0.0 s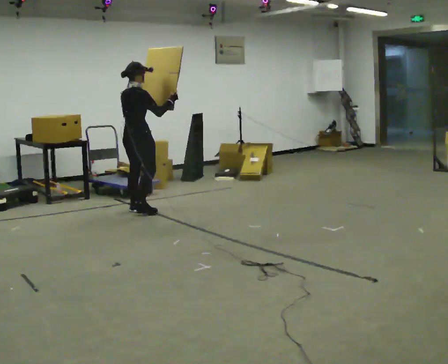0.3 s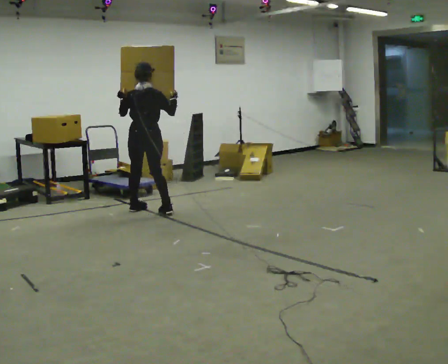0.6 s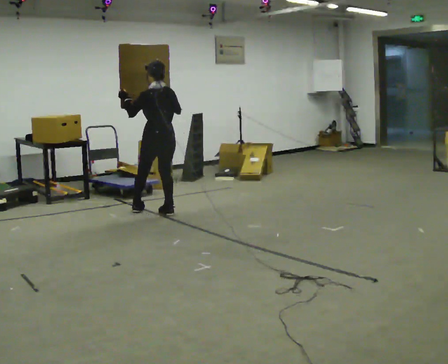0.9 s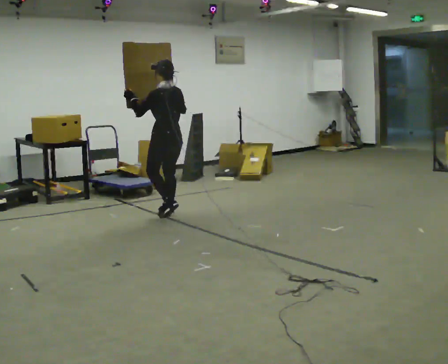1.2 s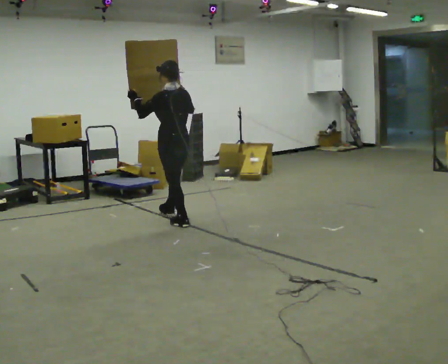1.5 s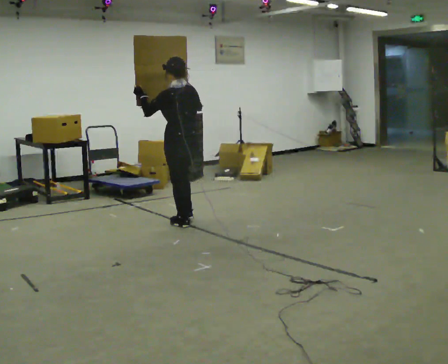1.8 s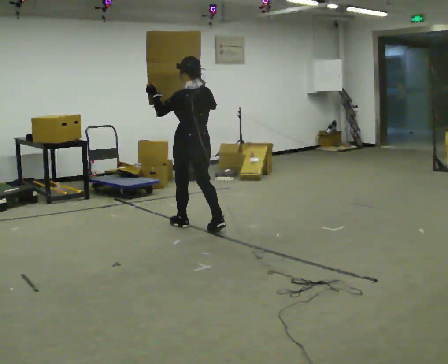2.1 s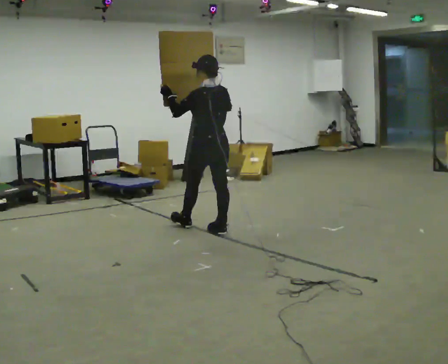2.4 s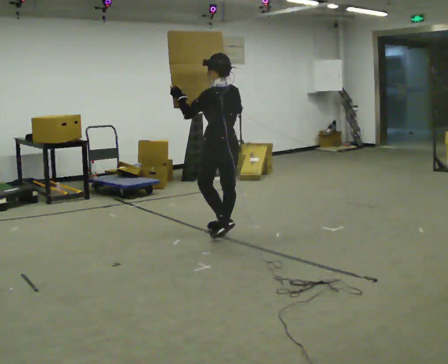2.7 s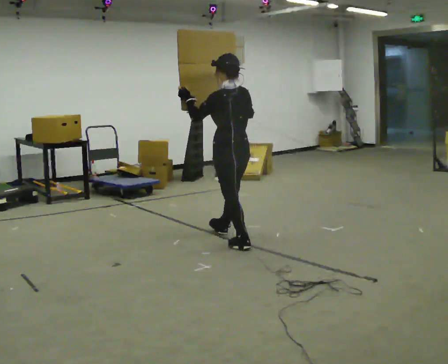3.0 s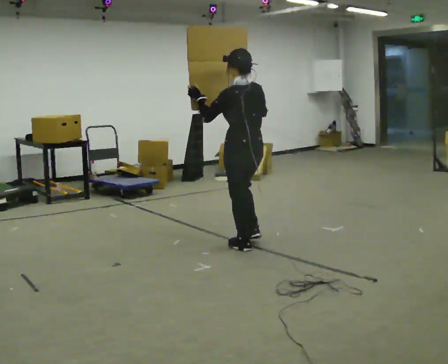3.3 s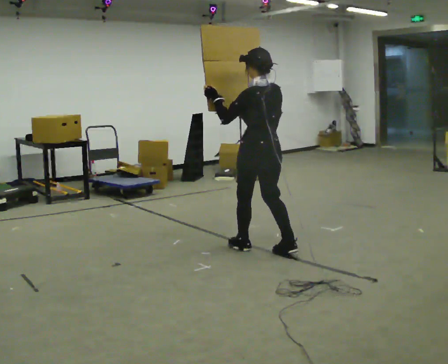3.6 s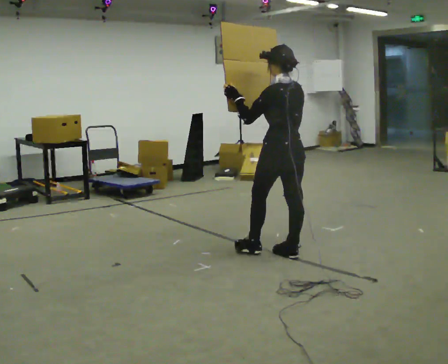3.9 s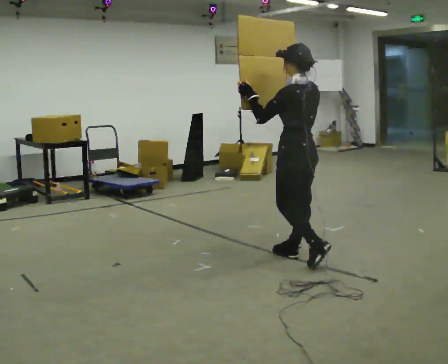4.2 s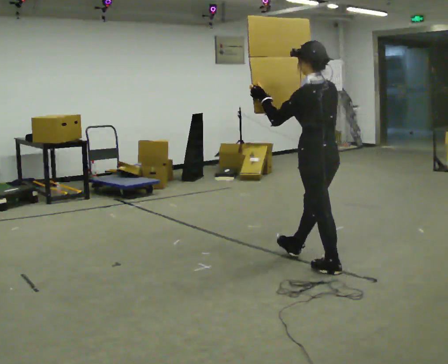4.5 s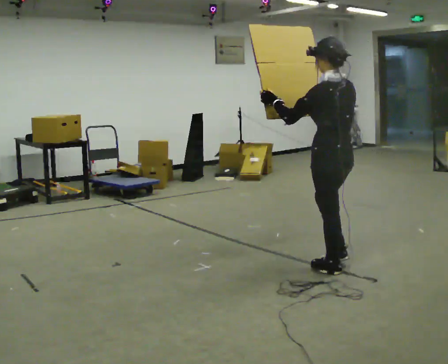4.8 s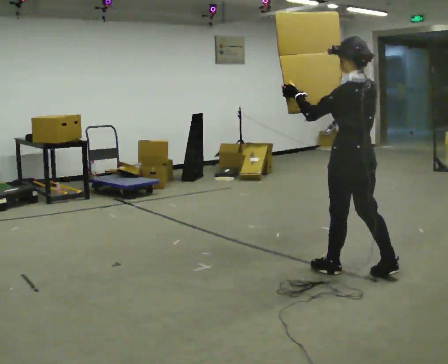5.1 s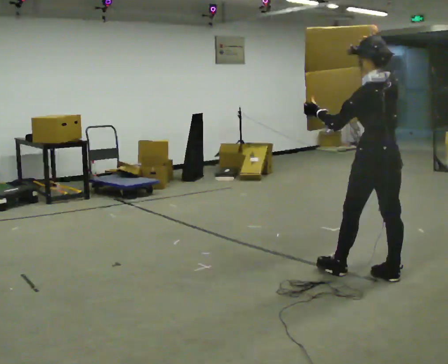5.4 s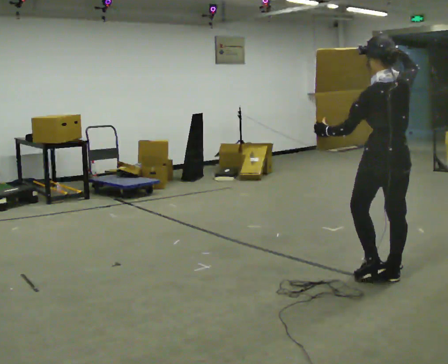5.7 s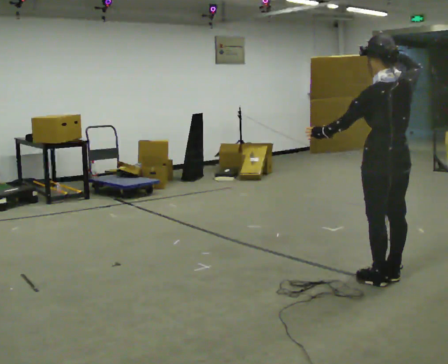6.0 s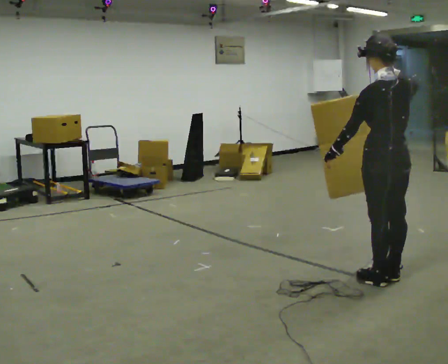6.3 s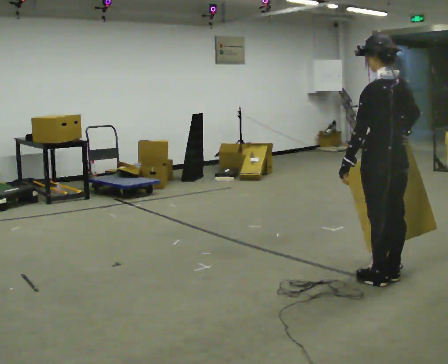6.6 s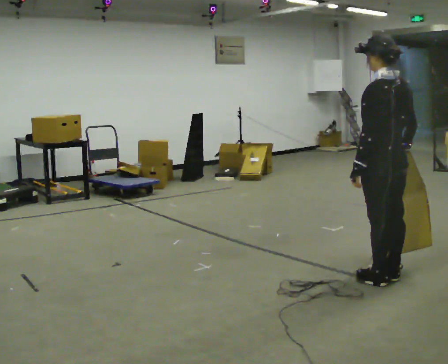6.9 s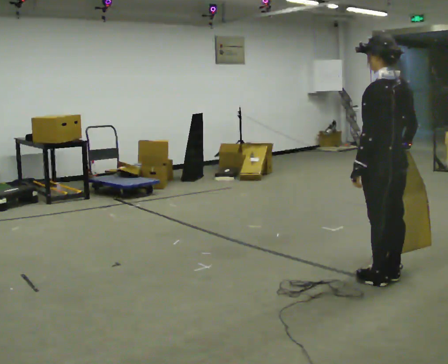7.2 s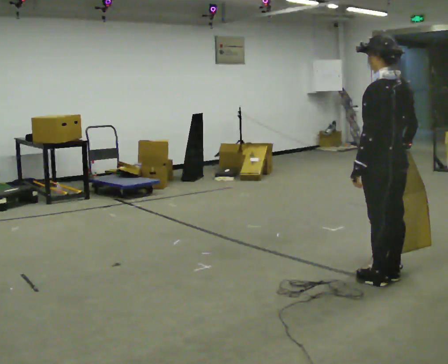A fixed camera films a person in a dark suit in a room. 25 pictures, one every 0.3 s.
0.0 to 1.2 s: The person turns about 90 degrees to their left, counterclockwise seen from above, so the part of the body nearest the lens slides to the right. In the picture they go to the right and toward the camera, about 0.5 m in 1 step.
1.2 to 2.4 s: In the picture they go toward the camera and to the right, about 0.5 m in 2 steps, which for them is backward.
2.4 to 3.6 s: In the picture they go toward the camera and to the right, about 1 m in 2 steps, which for them is backward.
3.6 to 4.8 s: In the picture they go toward the camera and to the right, about 0.75 m in 1 step, which for them is backward.
4.8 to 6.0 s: In the picture they go to the right and toward the camera, about 0.25 m in 1 step, which for them is backward. In the picture their left hand goes downward.
6.0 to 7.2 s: In the picture their right hand goes downward.
The film runs backward here.
